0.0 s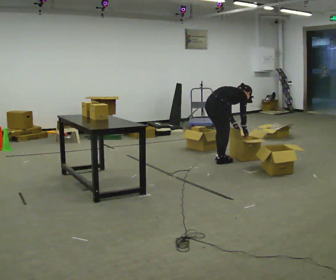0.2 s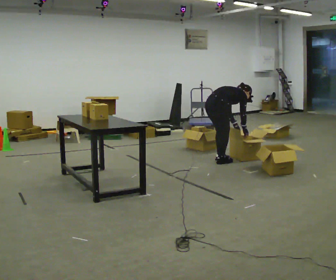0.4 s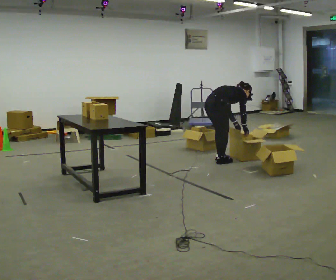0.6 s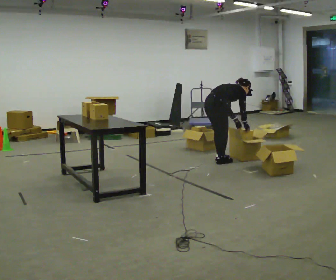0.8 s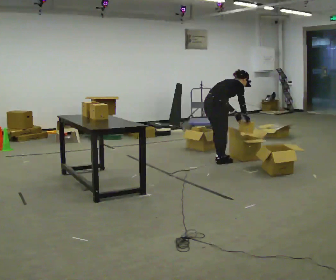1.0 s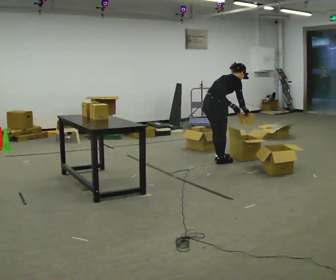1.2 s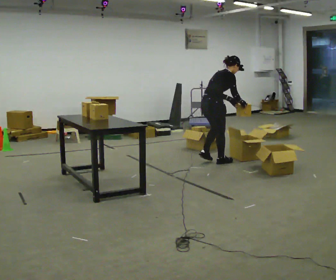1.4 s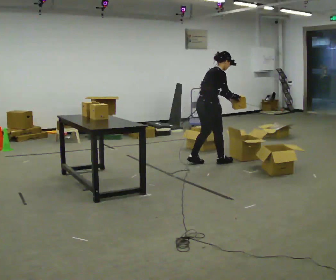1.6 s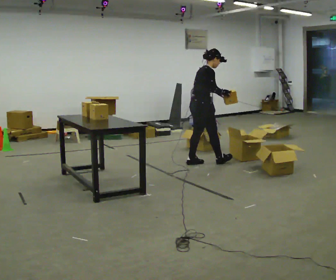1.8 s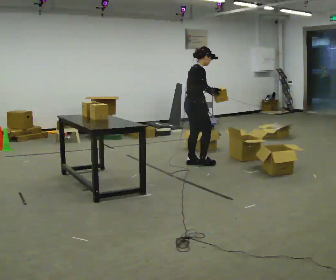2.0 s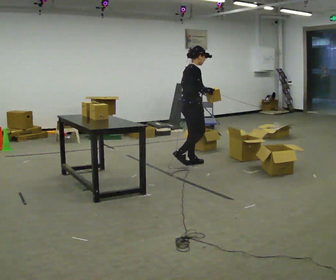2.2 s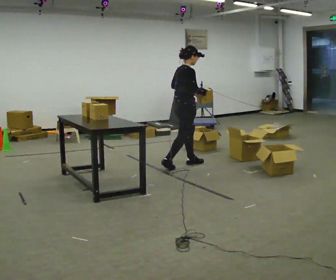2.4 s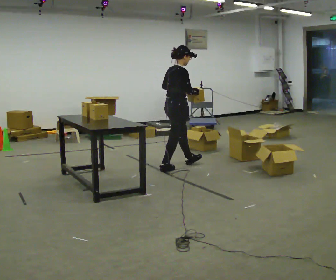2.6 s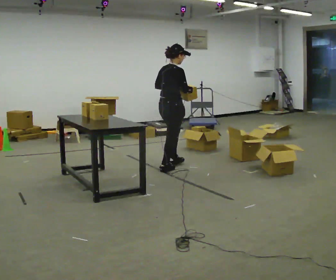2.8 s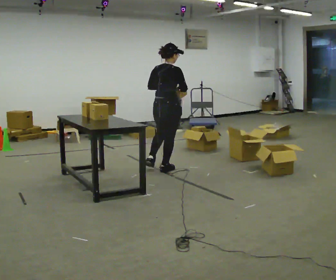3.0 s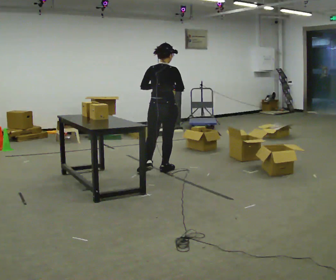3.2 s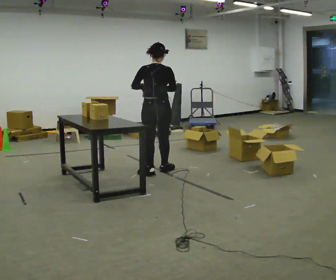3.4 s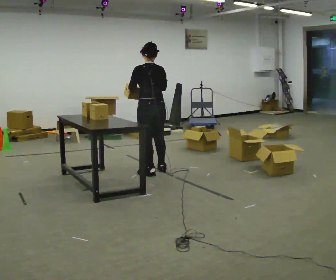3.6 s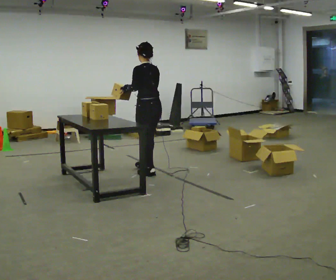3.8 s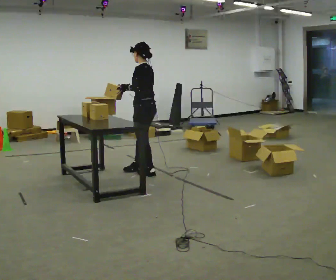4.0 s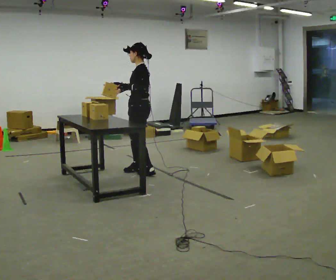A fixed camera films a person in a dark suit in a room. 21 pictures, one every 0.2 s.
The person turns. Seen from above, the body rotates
counterclockwise.
The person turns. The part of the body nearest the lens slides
to the right.
0.0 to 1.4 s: The shoulders move upward. In the picture the upper body tilts counterclockwise, shoulders to the left, as they lean back or straighten. In the picture their right hand goes upward.
1.4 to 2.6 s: In the picture they go to the left and toward the camera, about 0.5 m in 2 steps, which for them is backward. In the picture the upper body tilts counterclockwise, shoulders to the left, as they lean back or straighten.
2.6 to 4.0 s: The part of the body nearest the lens slides to the right as the person turns to their left by about 150 degrees. In the picture they go to the left and toward the camera, about 0.5 m in 1 step.
The film runs backward here.
